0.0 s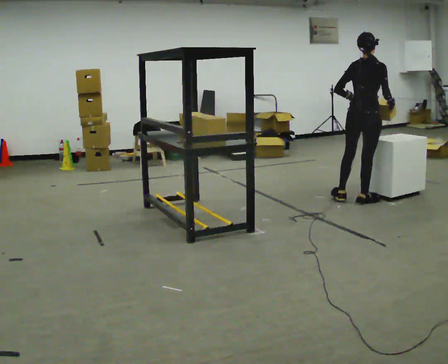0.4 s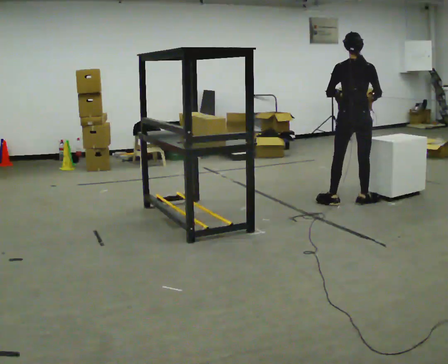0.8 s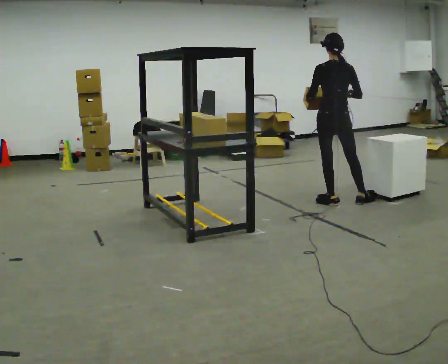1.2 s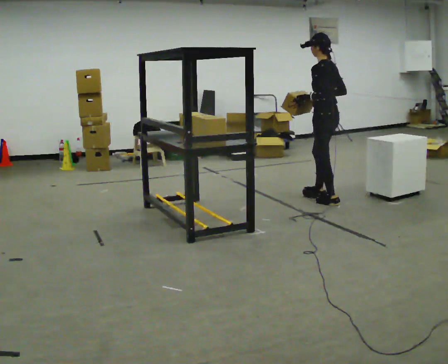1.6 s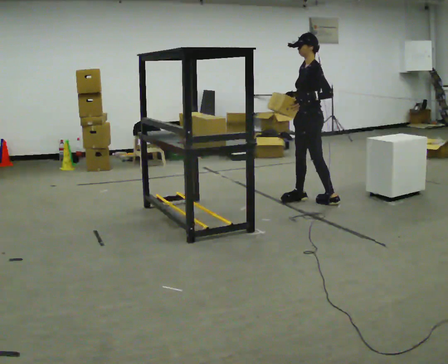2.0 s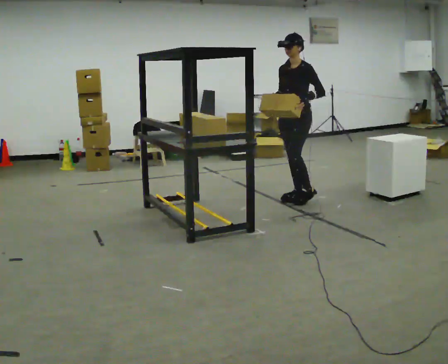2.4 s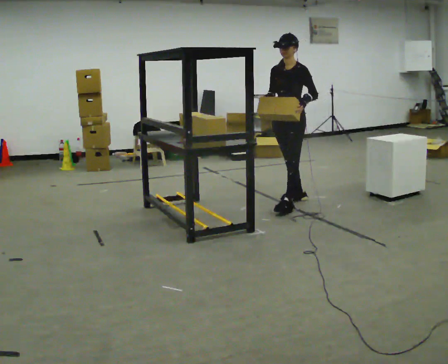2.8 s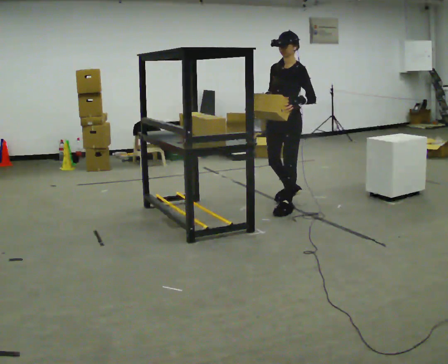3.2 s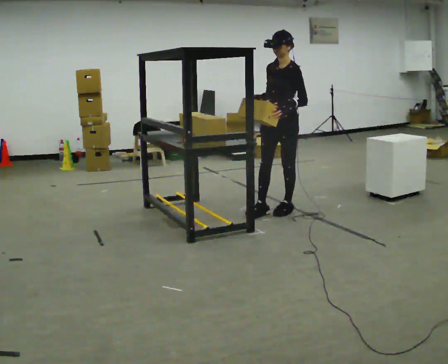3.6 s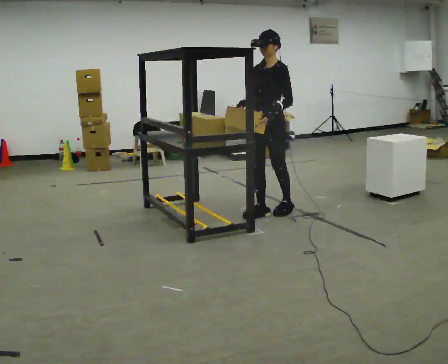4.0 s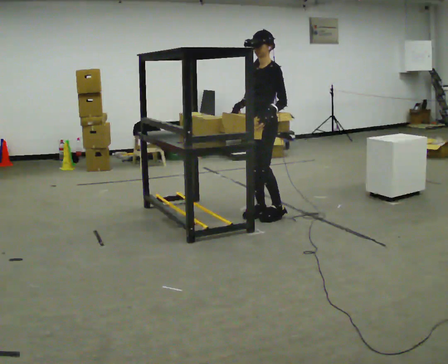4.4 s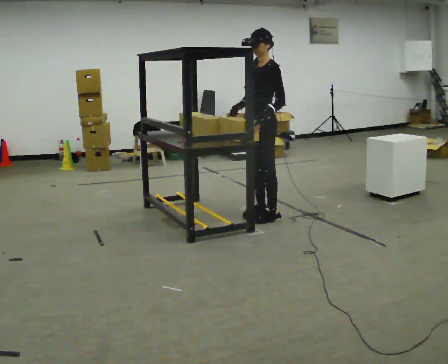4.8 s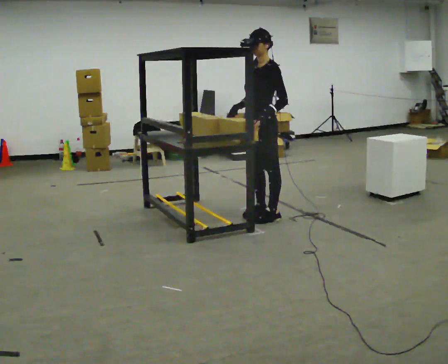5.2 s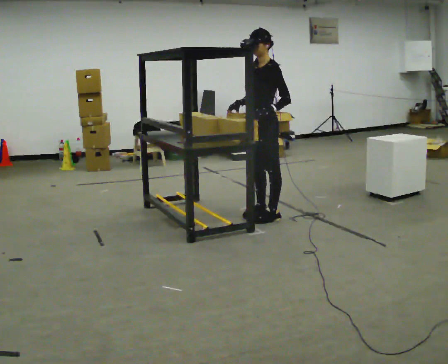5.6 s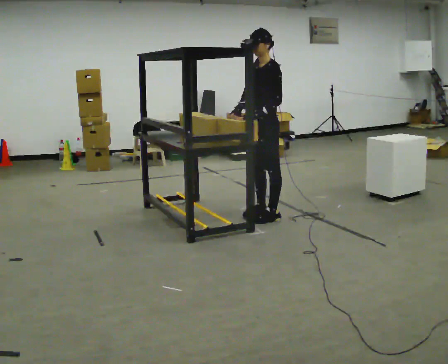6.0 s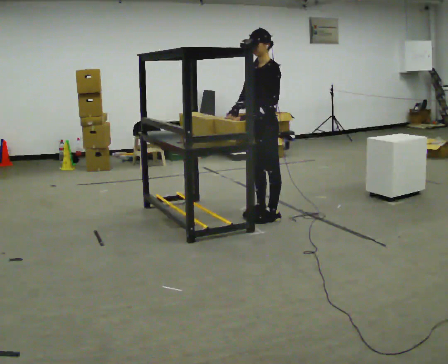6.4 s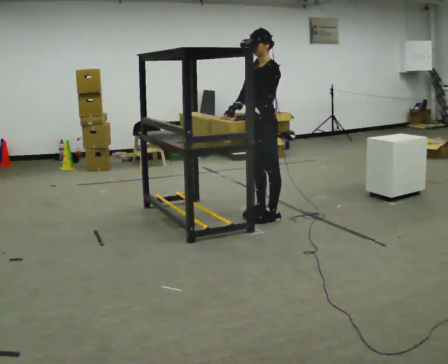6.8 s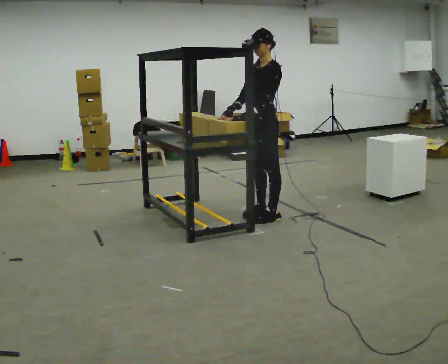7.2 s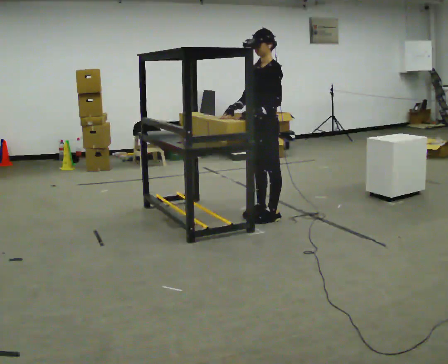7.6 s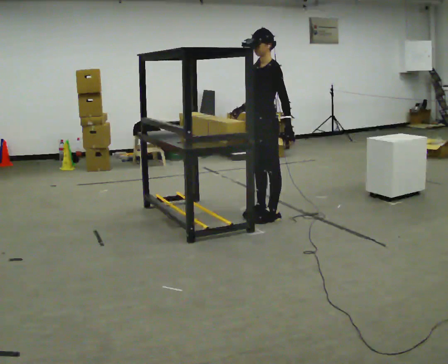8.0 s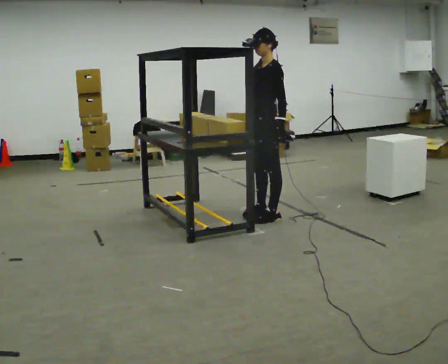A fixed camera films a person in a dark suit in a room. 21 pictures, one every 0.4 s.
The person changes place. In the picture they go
to the left.
The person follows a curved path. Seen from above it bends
counterclockwise.
0.0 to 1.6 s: Seen from above the body turns counterclockwise, about 135 degrees: to their left, with its near side sliding to the right. In the picture they go to the left, about 0.5 m in 2 steps.
1.6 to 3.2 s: The person turns about 30 degrees to their left, counterclockwise seen from above, so the part of the body nearest the lens slides to the right. In the picture they go toward the camera and to the left, about 0.5 m in 1 step, which for them is forward.
3.2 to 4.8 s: In the picture they go toward the camera and to the left, about 0.25 m in 2 steps, which for them is forward.
4.8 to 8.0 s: The person moves a little, or ends about where they began.
The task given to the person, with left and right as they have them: Move objects one at a time from the waist-height shelf at one end of the room to the waist-height shelf at the other end. Keep going until the operator says stop; one object at a time, and do not rush between trips.
The film runs forward here.
